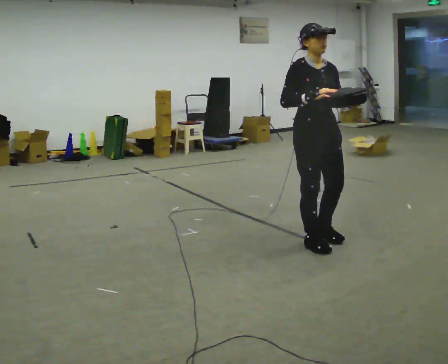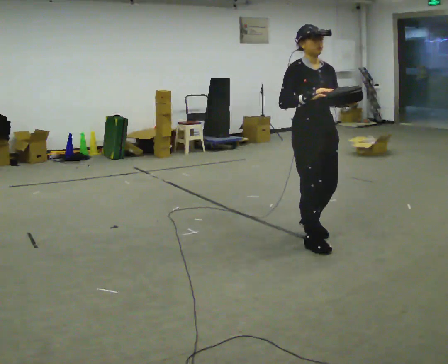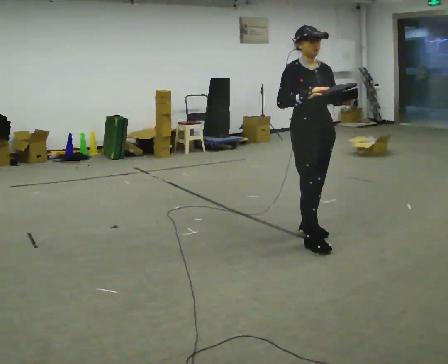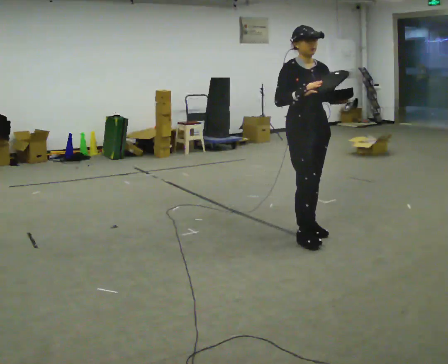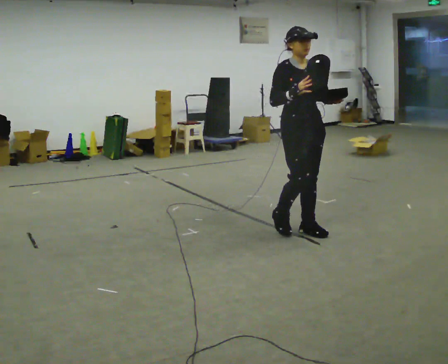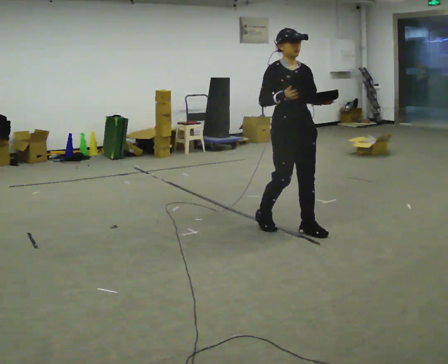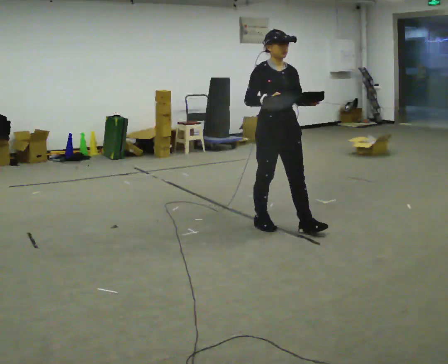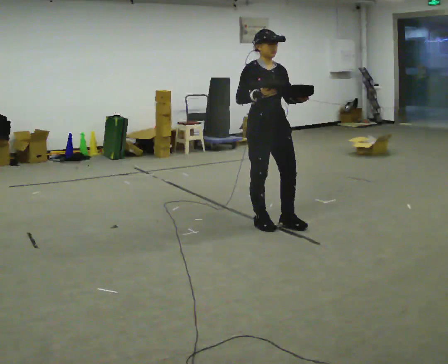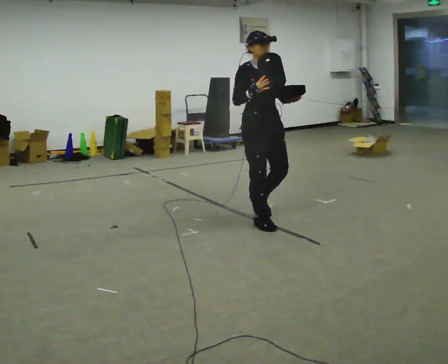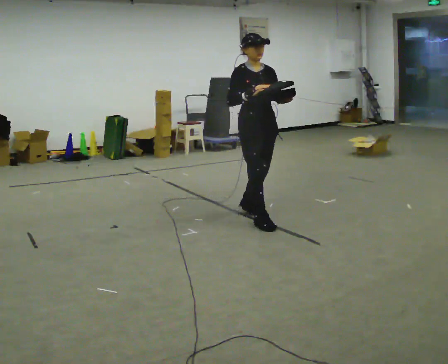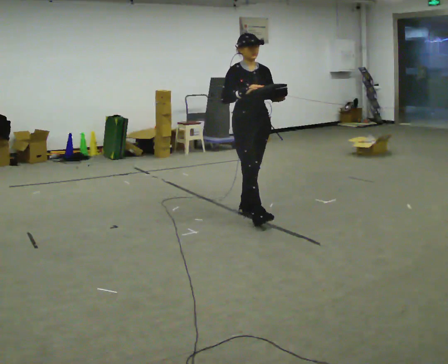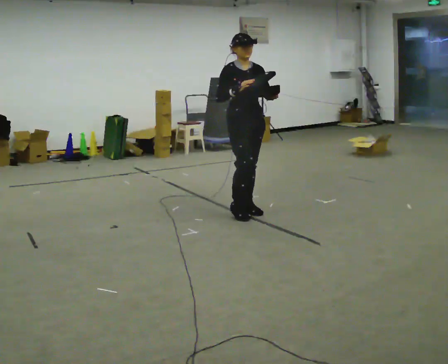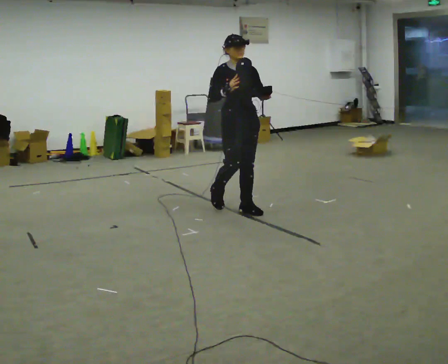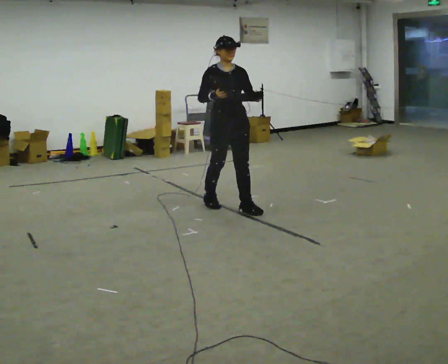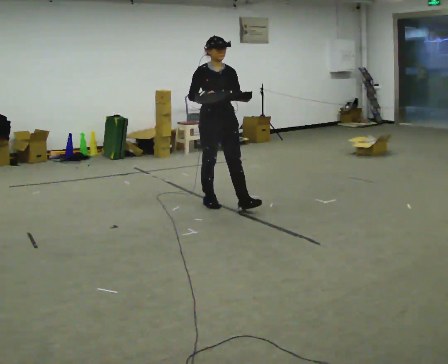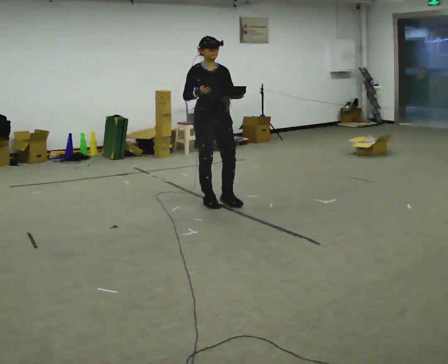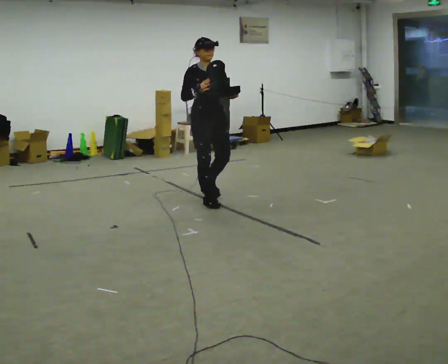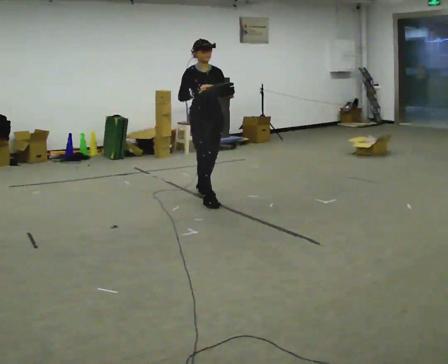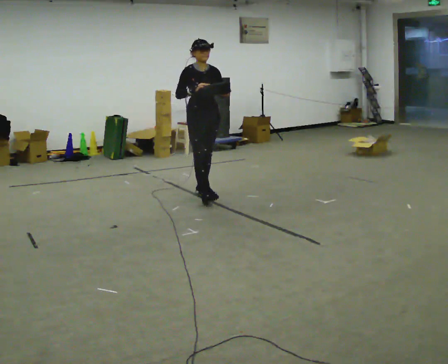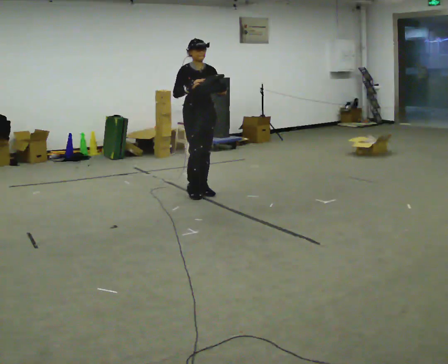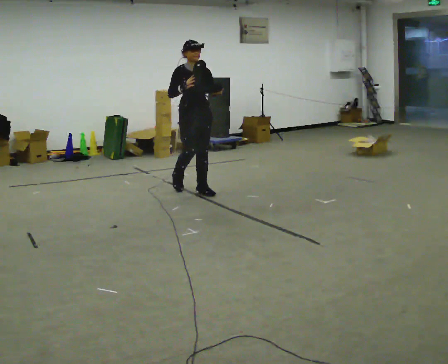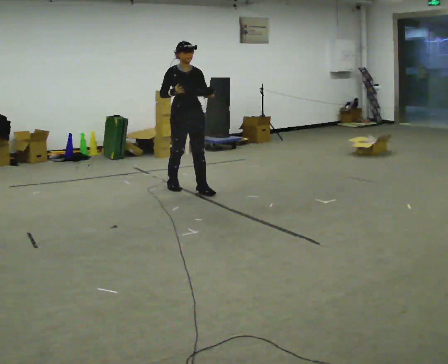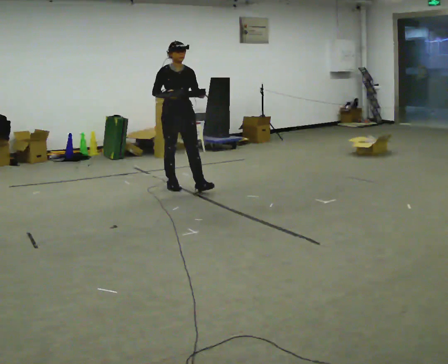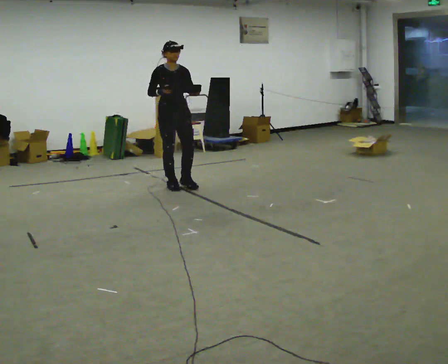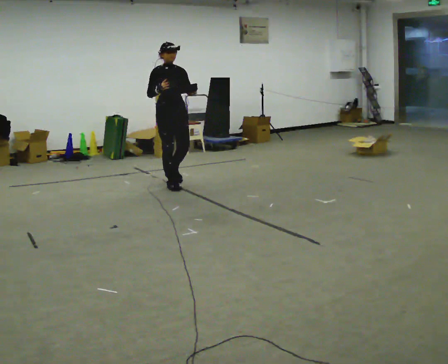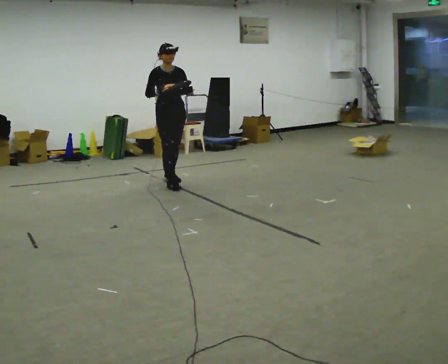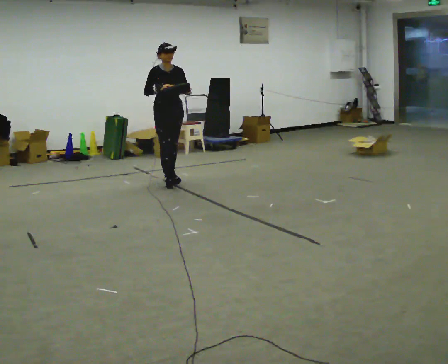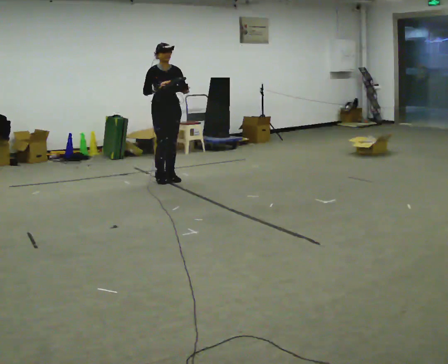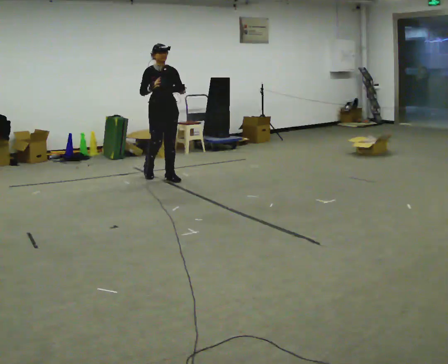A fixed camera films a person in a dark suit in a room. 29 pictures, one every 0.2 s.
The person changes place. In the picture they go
away from the camera.
0.0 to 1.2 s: In the picture they go away from the camera and to the left, about 0.5 m in 1 step, which for them is backward.
1.2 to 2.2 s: In the picture they go away from the camera and to the left, about 0.5 m in 2 steps, which for them is backward.
2.2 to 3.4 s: In the picture they go away from the camera and to the left, about 0.5 m in 1 step, which for them is backward.
3.4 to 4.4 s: In the picture they go away from the camera and to the left, about 0.5 m in 2 steps, which for them is backward.
4.4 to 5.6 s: In the picture they go away from the camera and to the left, about 0.5 m in 1 step, which for them is backward.
The film runs backward here.
